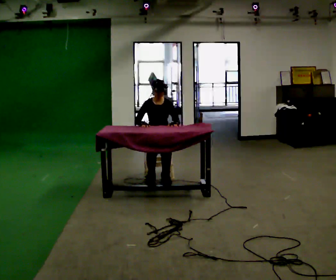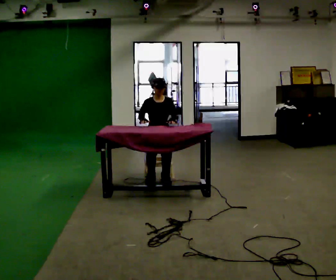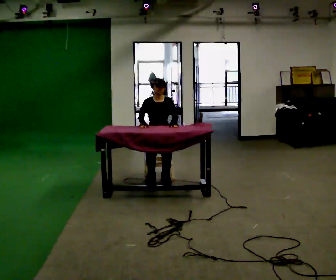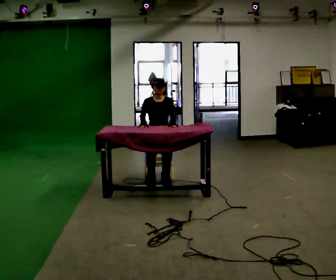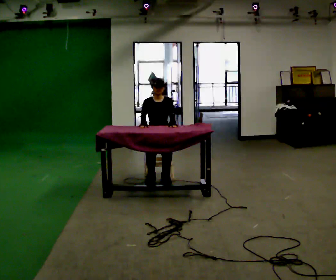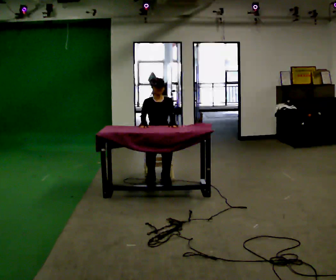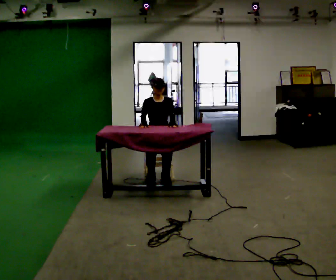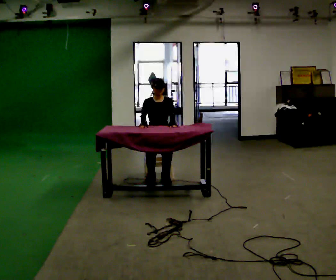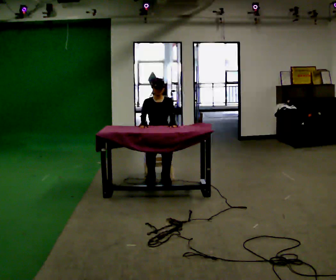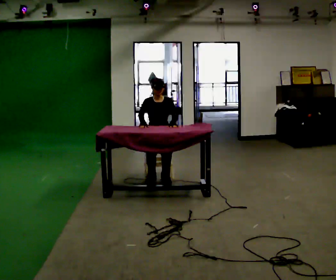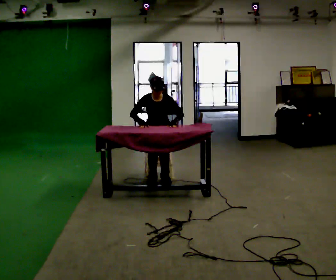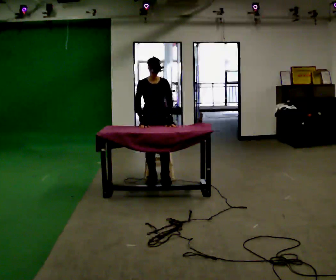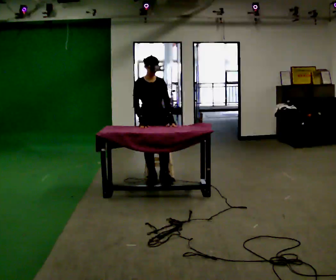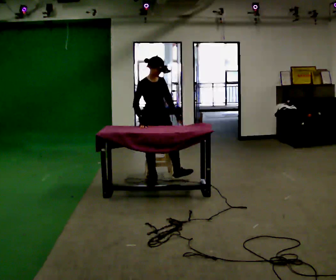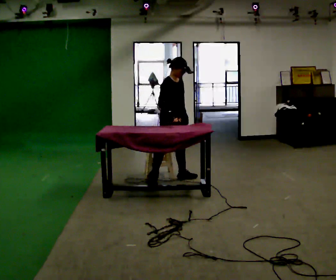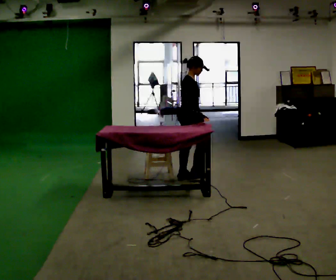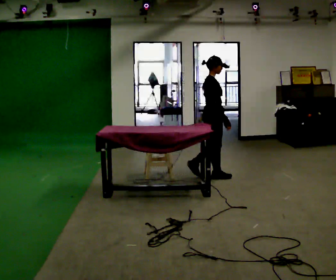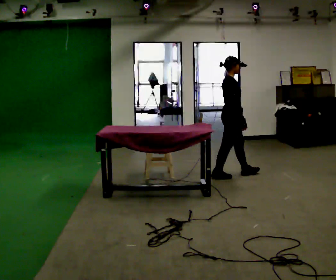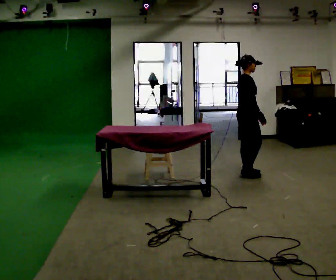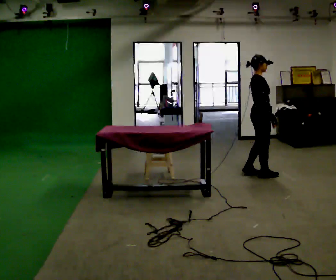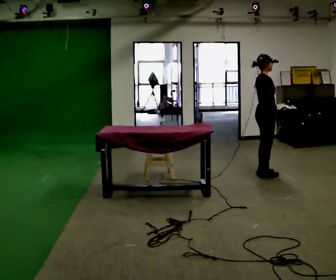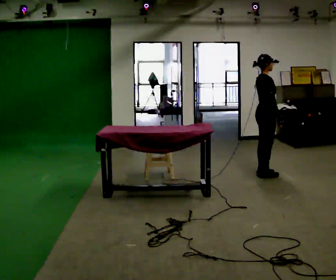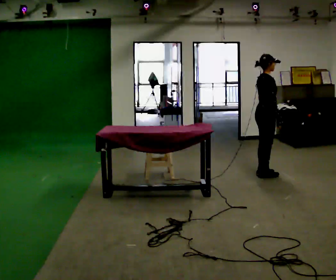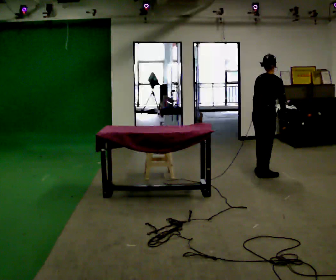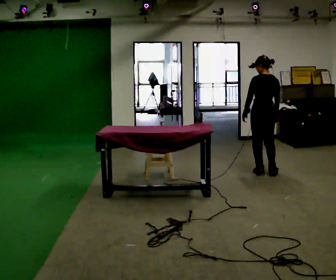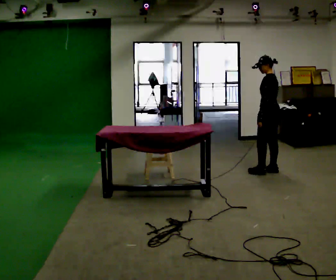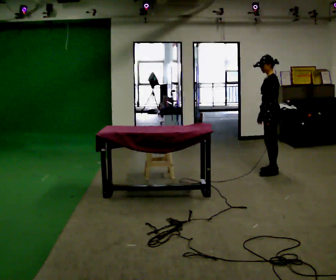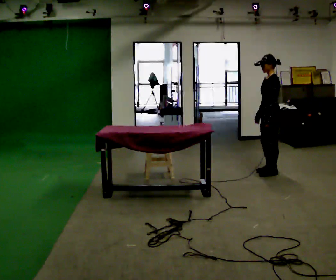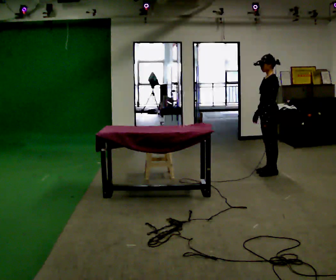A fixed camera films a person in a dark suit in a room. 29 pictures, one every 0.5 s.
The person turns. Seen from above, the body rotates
counterclockwise.
The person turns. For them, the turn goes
to their left.
0.0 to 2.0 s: The person moves a little, or ends about where they began.
2.0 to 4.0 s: The person keeps their place and pose.
4.0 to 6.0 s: In the picture they go toward the camera, about 0.25 m, which for them is forward. The shoulders move upward.
6.0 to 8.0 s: The part of the body nearest the lens slides to the right as the person turns to their left by about 75 degrees. In the picture they go to the right, about 1 m in 2 steps.
8.0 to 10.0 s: In the picture they go to the right, about 0.75 m in 3 steps, which for them is forward.
10.0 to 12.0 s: The person turns about 90 degrees to their left, counterclockwise seen from above, so the part of the body nearest the lens slides to the right. In the picture their left hand goes to the left, the arm swinging clockwise.
12.0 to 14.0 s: The person turns about 90 degrees to their left, counterclockwise seen from above, so the part of the body nearest the lens slides to the right.
The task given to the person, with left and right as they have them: Walk up to the chair at the table, sit down into the space, settle as if you were about to work there, then stand up and step away. Repeat the movement at your own pace until the operator says stop; do not rush.
The film runs forward here.
